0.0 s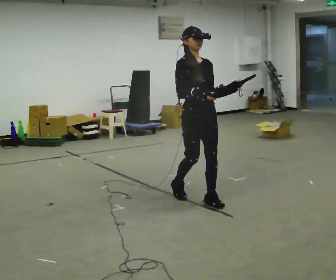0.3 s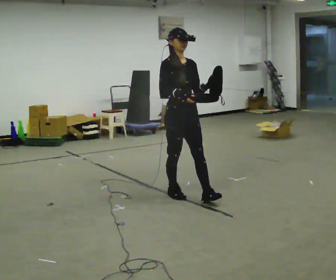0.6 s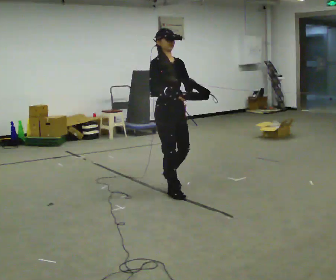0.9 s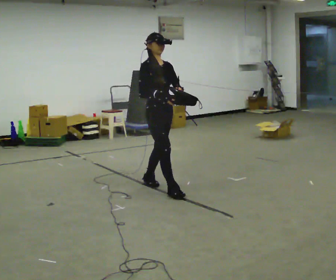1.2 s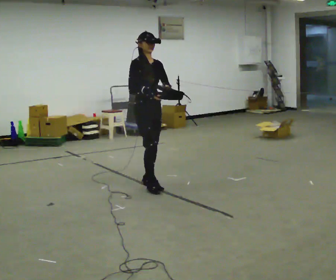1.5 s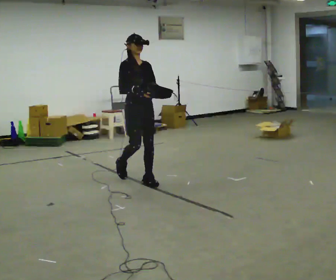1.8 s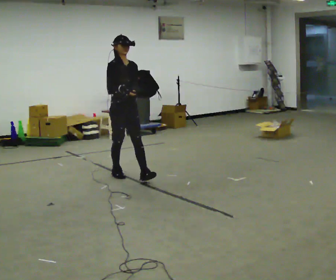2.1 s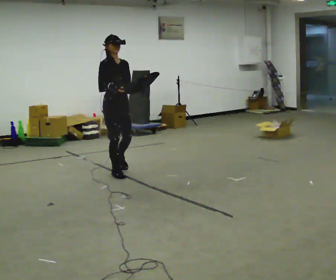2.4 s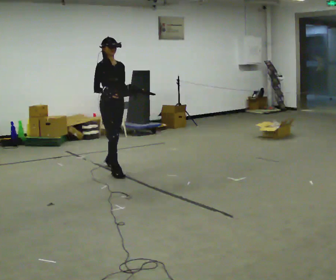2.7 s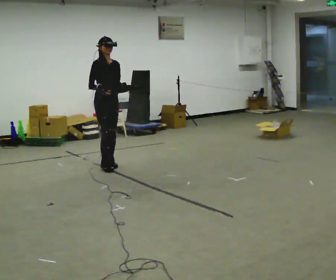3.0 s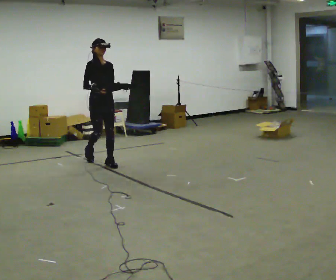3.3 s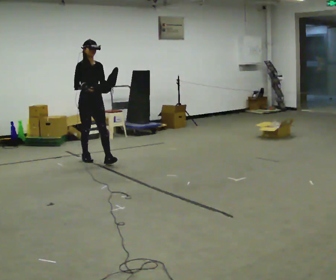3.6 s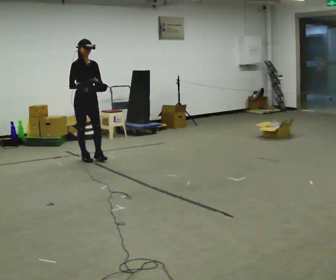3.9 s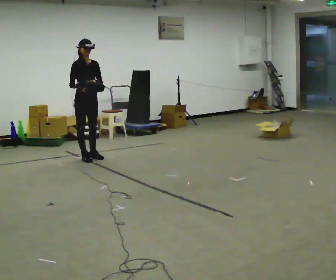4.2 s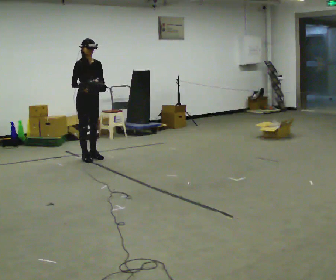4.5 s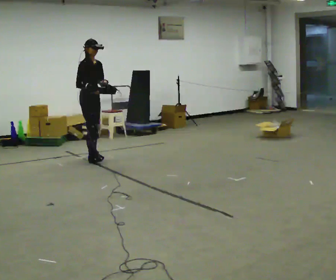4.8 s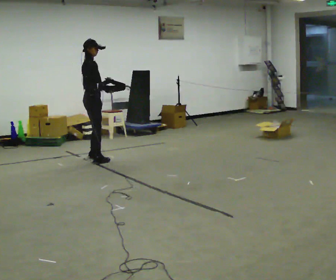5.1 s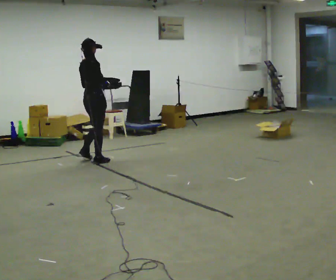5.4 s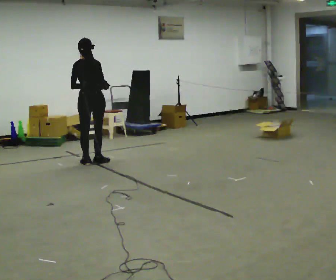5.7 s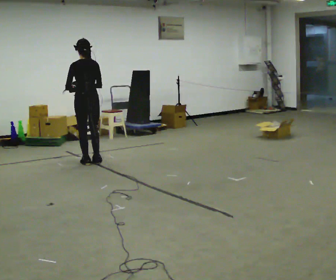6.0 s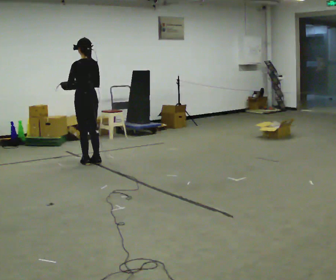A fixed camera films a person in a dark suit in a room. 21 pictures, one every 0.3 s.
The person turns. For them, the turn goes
to their left.
The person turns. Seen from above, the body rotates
counterclockwise.
0.0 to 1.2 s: In the picture they go away from the camera and to the left, about 1 m in 2 steps, which for them is backward.
1.2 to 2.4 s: In the picture they go away from the camera and to the left, about 0.5 m in 1 step, which for them is backward.
2.4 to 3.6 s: In the picture they go away from the camera and to the left, about 0.5 m in 2 steps, which for them is backward.
3.6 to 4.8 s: Seen from above the body turns counterclockwise, about 45 degrees: to their left, with its near side sliding to the right.
4.8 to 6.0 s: The person turns about 135 degrees to their left, counterclockwise seen from above, so the part of the body nearest the lens slides to the right. In the picture they go toward the camera, about 0.25 m in 1 step.
The film runs backward here.
